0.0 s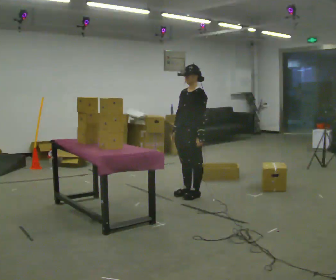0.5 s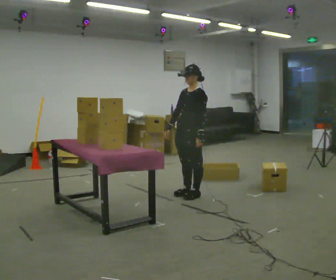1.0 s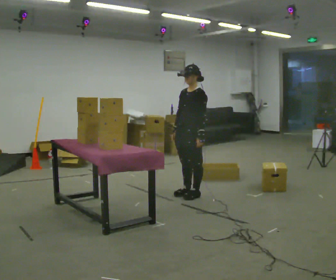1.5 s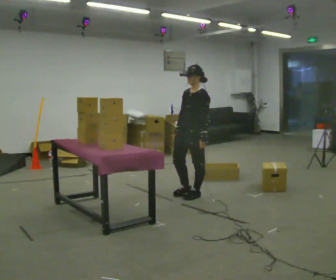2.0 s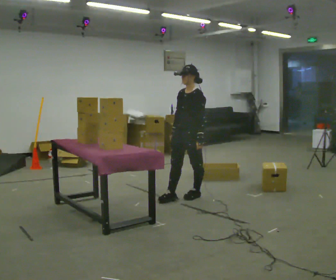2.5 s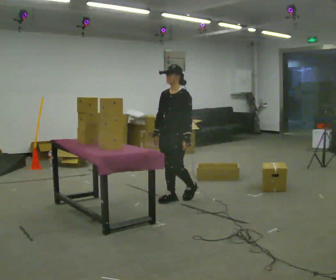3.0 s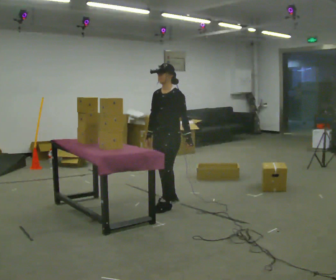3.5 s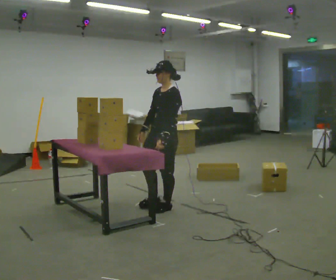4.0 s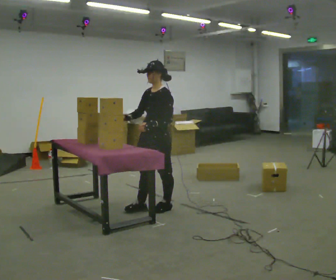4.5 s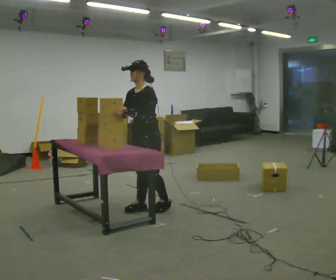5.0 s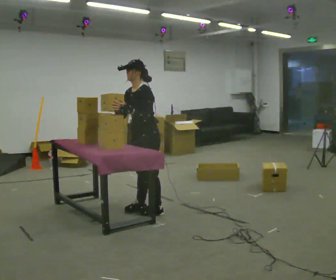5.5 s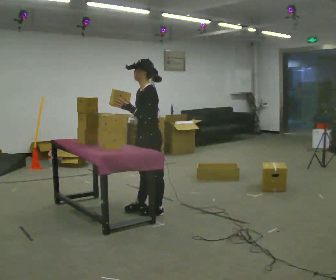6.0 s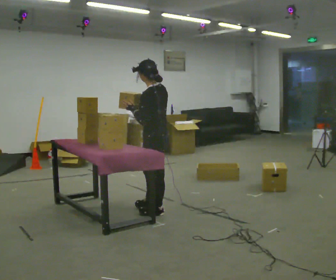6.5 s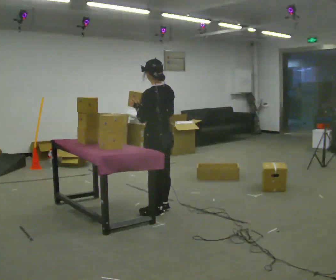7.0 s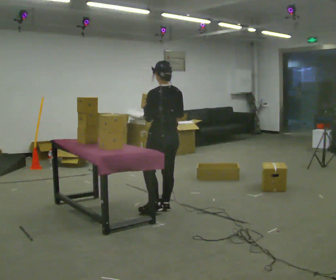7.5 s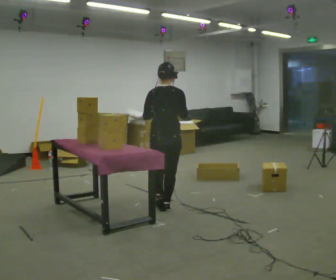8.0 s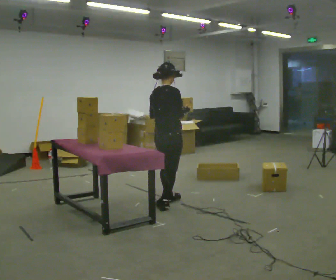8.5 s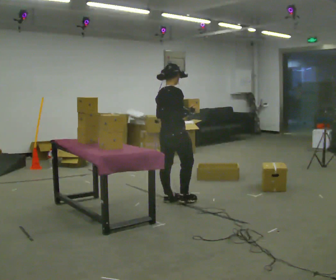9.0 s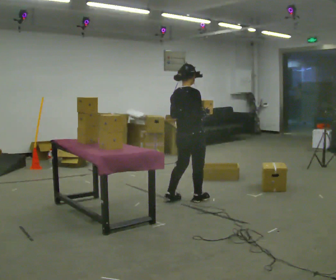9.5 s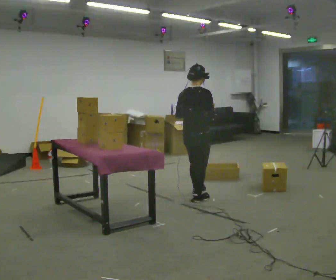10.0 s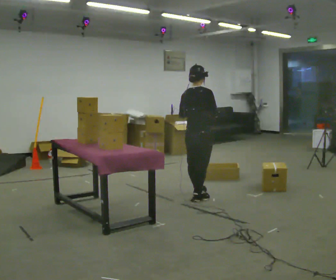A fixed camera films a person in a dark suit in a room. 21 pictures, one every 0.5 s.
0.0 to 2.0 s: The person moves a little, or ends about where they began.
2.0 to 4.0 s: In the picture they go toward the camera and to the left, about 0.5 m in 2 steps, which for them is forward.
4.0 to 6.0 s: The person turns about 60 degrees to their right, clockwise seen from above, so the part of the body nearest the lens slides to the left.
6.0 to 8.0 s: The part of the body nearest the lens slides to the left as the person turns to their right by about 120 degrees. In the picture they go away from the camera, about 0.25 m in 2 steps.
8.0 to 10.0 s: In the picture they go to the right and away from the camera, about 0.5 m in 2 steps, which for them is forward.
The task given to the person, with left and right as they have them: 1. Take the objects out of the box on the table one at a time. 2. Put each one in the bin the operator has labelled for it. 3. Tell the operator when you are finished.
The film runs forward here.
